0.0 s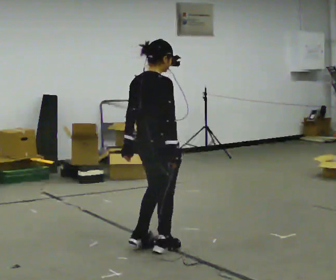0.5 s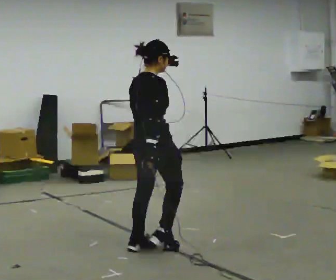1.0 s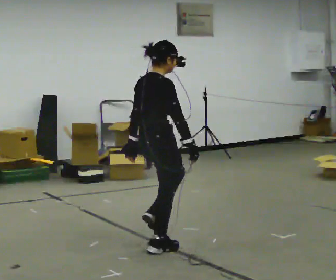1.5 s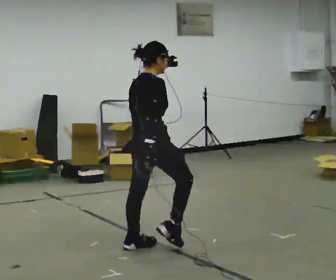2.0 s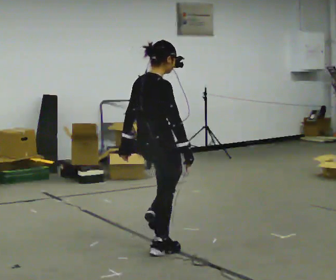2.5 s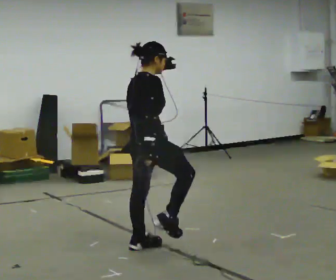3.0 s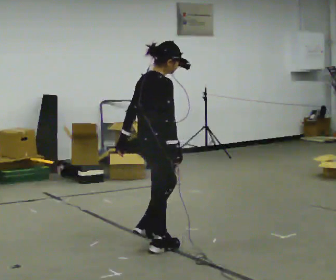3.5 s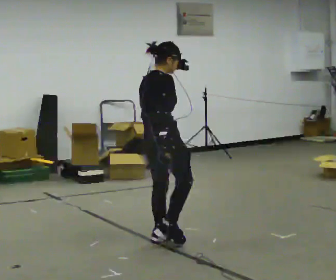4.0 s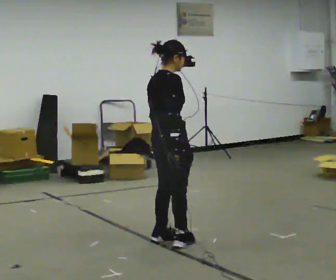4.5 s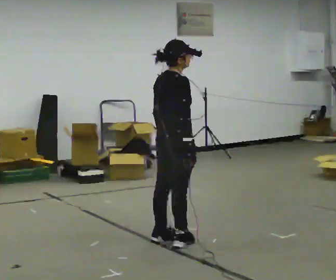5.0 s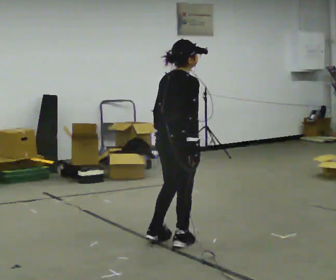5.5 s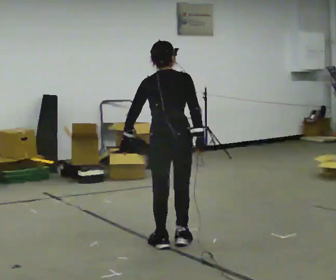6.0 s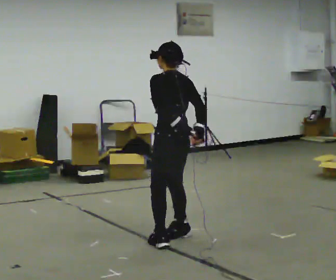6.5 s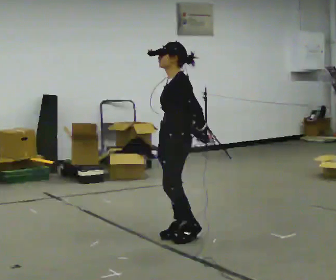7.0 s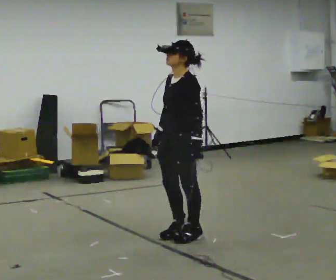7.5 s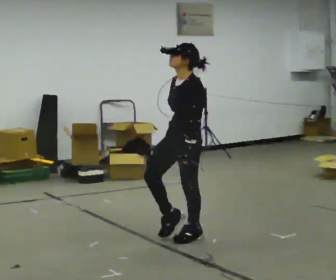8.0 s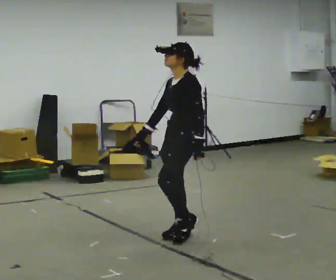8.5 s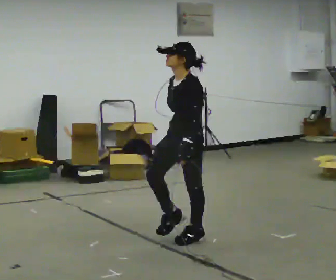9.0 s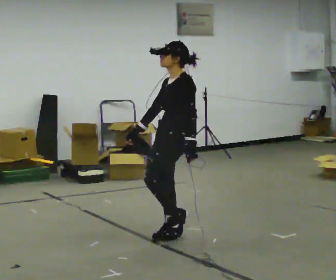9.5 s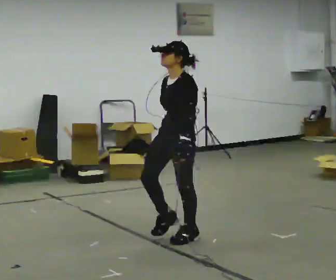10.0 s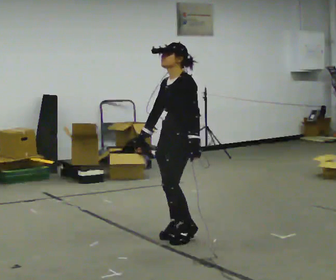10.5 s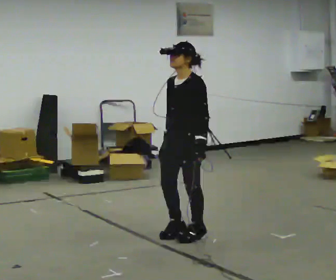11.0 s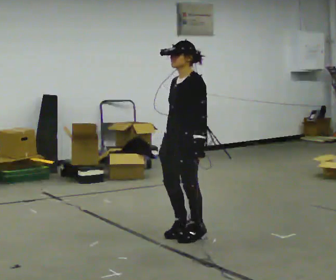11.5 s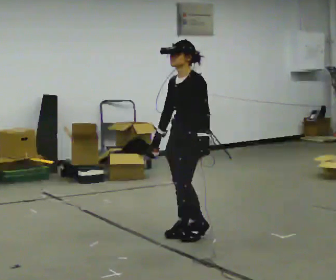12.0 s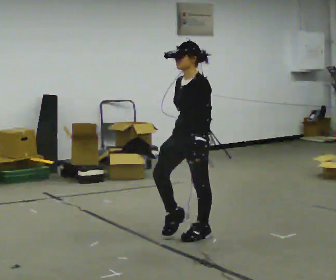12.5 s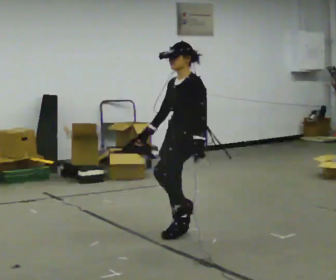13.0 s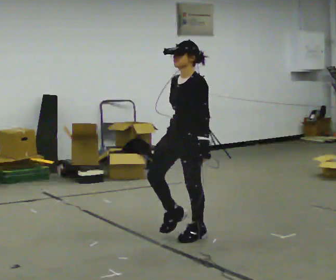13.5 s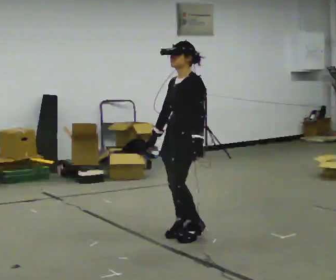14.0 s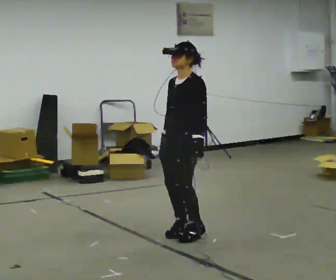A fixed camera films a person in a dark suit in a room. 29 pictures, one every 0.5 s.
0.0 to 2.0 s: The person moves a little, or ends about where they began.
2.0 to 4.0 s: In the picture they go away from the camera, about 0.25 m in 2 steps, which for them is forward and to their left.
4.0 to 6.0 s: Seen from above the body turns counterclockwise, about 105 degrees: to their left, with its near side sliding to the right.
6.0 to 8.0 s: The person turns about 75 degrees to their left, counterclockwise seen from above, so the part of the body nearest the lens slides to the right. In the picture their right hand goes to the left.
8.0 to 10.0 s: The person moves a little, or ends about where they began.
10.0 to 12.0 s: In the picture their right hand goes to the right.
12.0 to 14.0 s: The person moves a little, or ends about where they began.
The film runs backward here.
